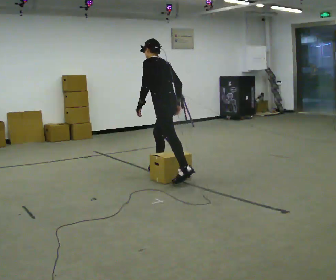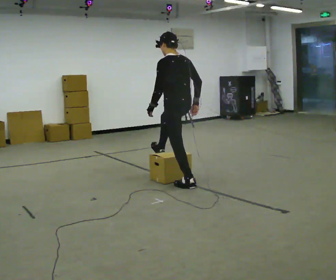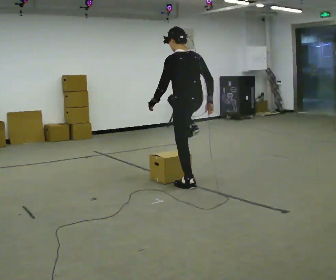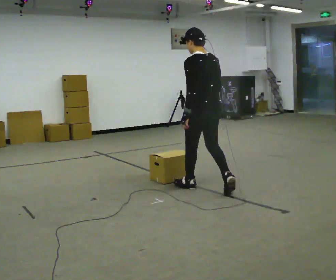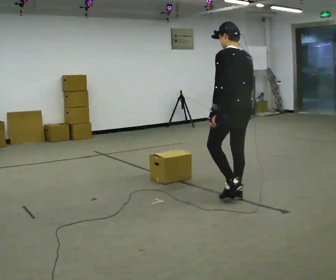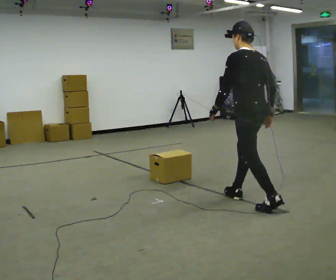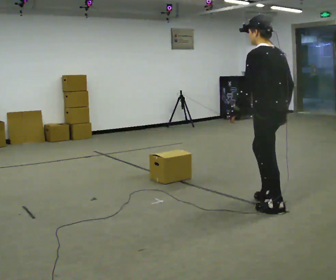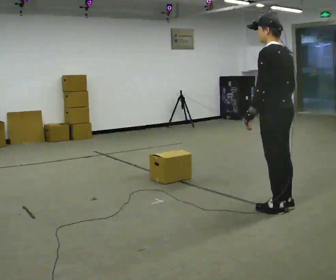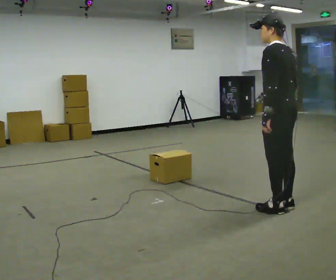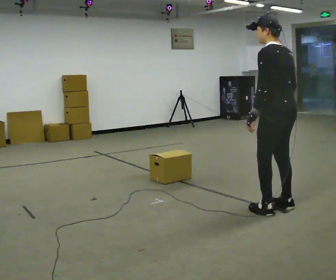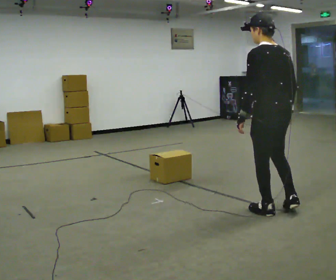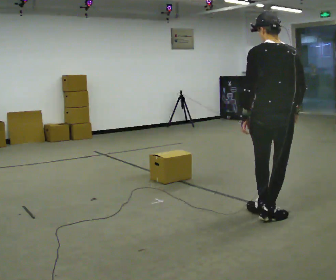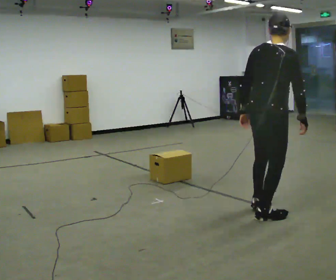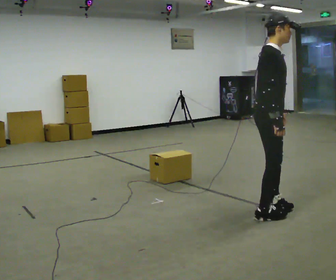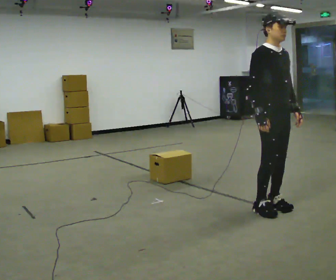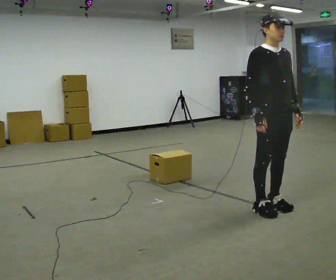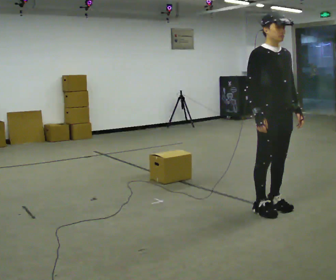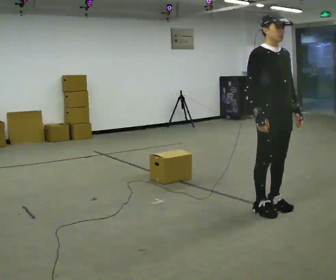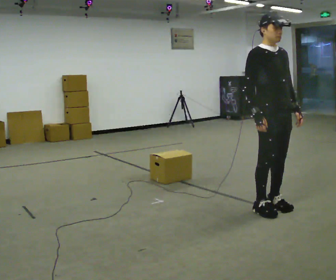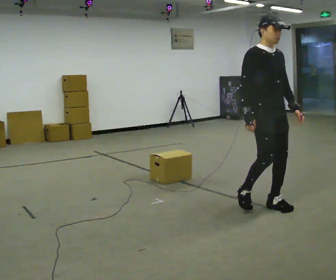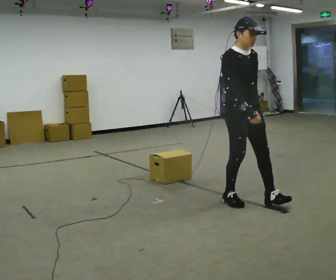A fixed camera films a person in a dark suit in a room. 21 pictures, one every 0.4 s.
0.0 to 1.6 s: The part of the body nearest the lens slides to the left as the person turns to their right by about 30 degrees. In the picture they go to the right and toward the camera, about 1 m in 2 steps, which for them is backward. In the picture the upper body tilts clockwise, shoulders to the right, as they lean back or straighten.
1.6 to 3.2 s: In the picture they go to the right and toward the camera, about 0.75 m in 1 step, which for them is backward.
3.2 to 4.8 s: The person turns about 90 degrees to their right, clockwise seen from above, so the part of the body nearest the lens slides to the left. In the picture they go toward the camera, about 0.25 m in 2 steps.
4.8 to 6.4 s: Seen from above the body turns clockwise, about 105 degrees: to their right, with its near side sliding to the left. In the picture they go away from the camera, about 0.25 m in 1 step. In the picture their left hand goes to the right, the arm swinging counterclockwise.
6.4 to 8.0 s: In the picture they go to the left, about 0.25 m in 1 step, which for them is backward.
The film runs backward here.
